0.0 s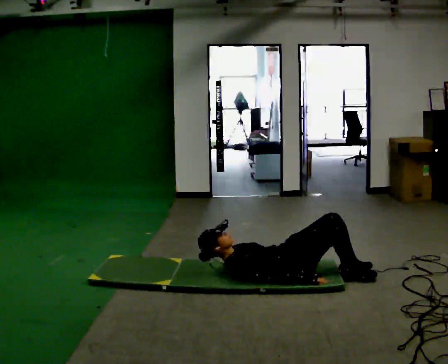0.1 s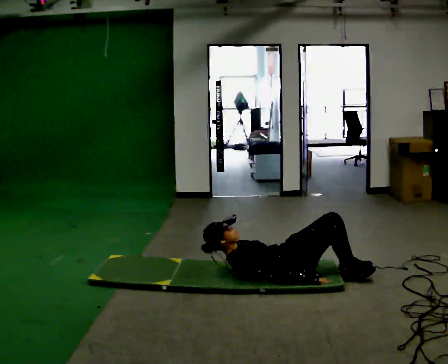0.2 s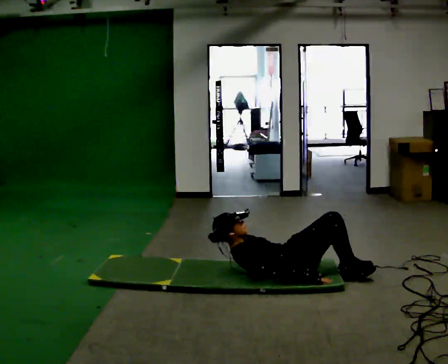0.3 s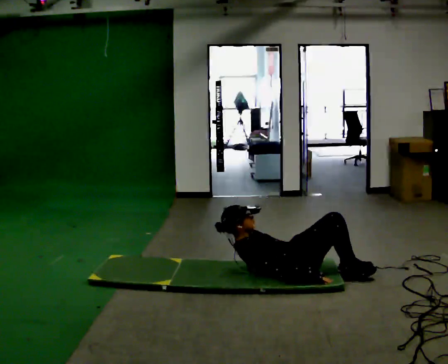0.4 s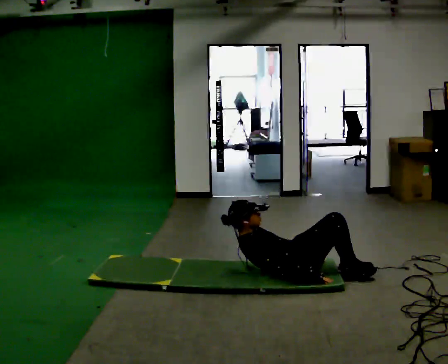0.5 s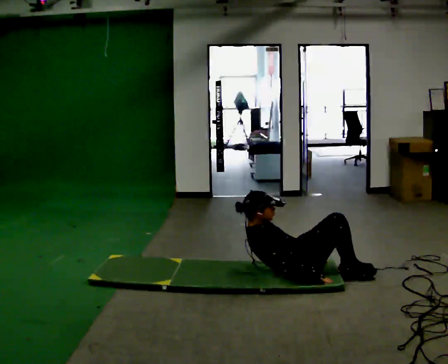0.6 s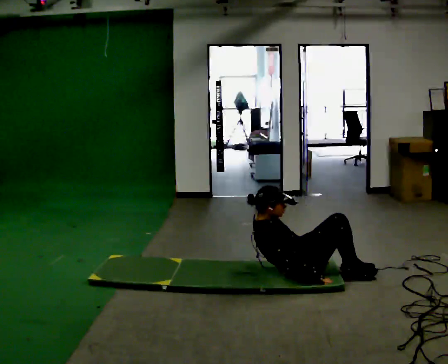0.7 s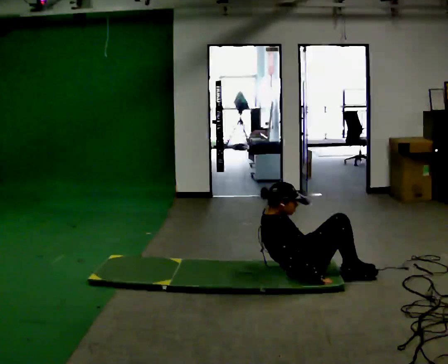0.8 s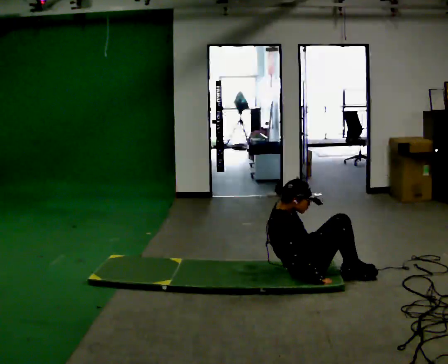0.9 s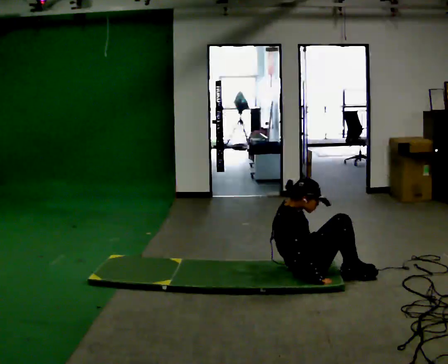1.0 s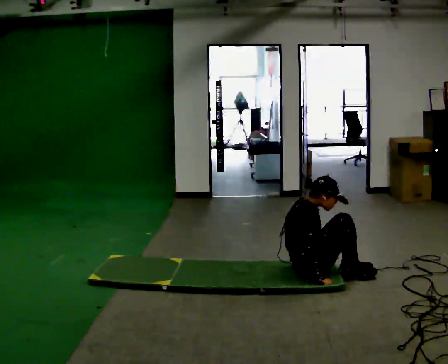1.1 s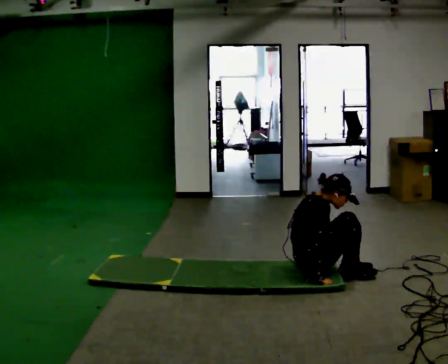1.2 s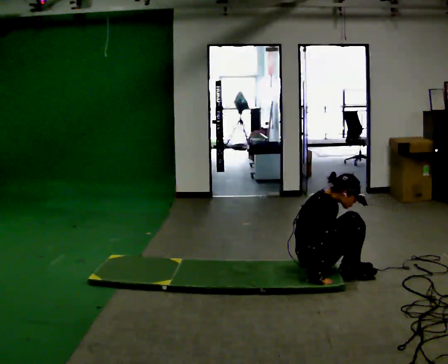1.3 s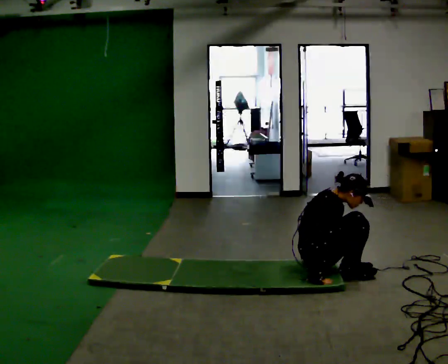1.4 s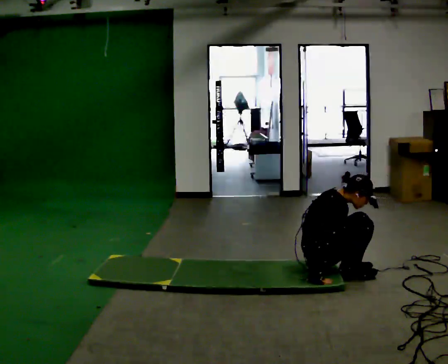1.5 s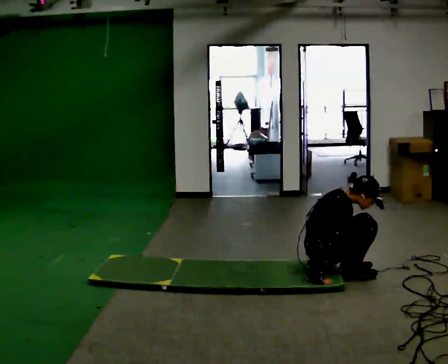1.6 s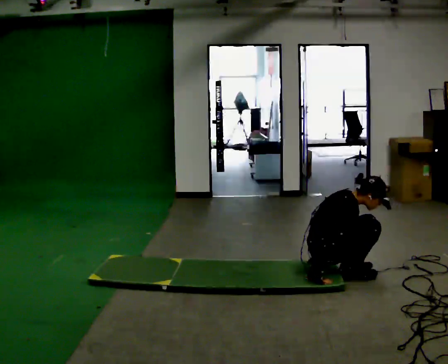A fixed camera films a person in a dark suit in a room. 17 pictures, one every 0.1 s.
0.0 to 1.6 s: In the picture they go to the right, about 0.25 m, which for them is forward. The upper body goes upward. In the picture the upper body tilts clockwise, shoulders to the right, as they bend forward.
The film runs backward here.
